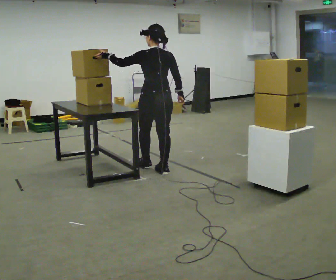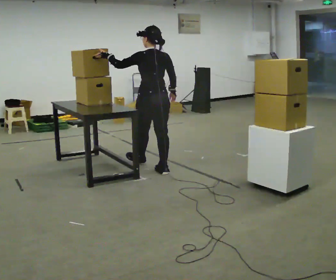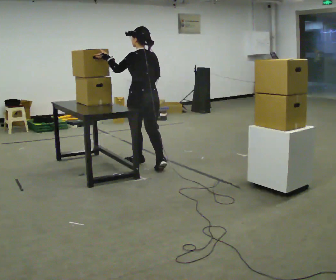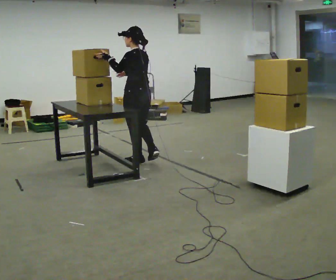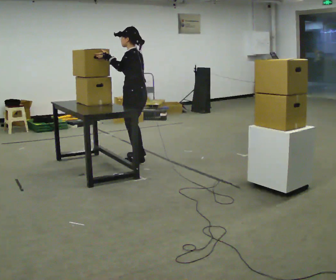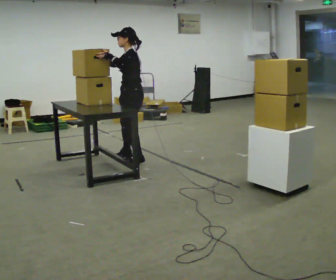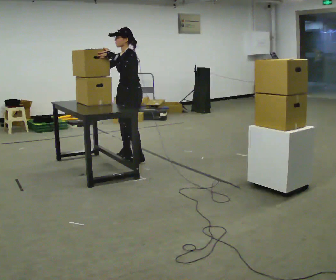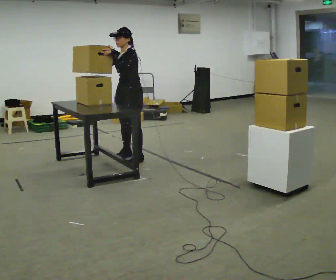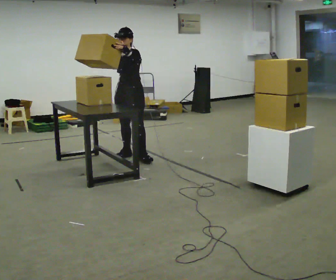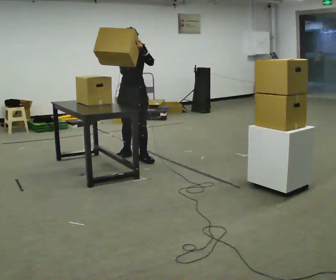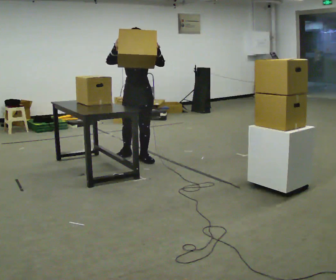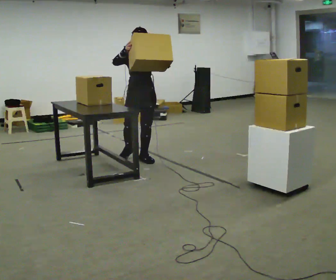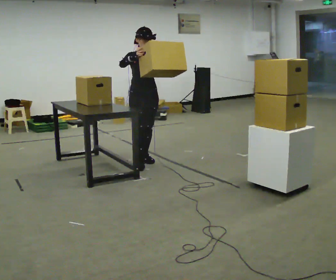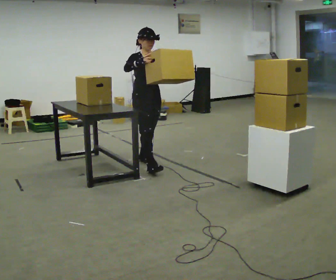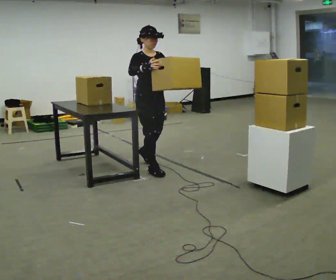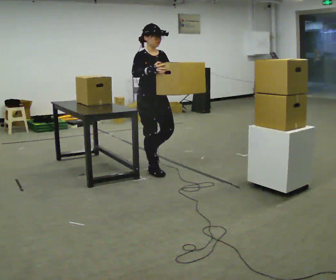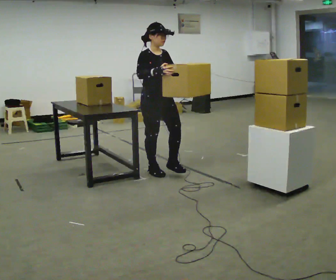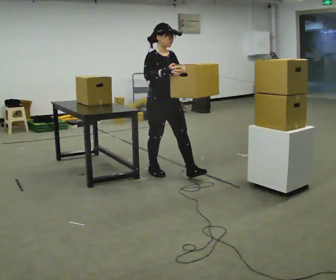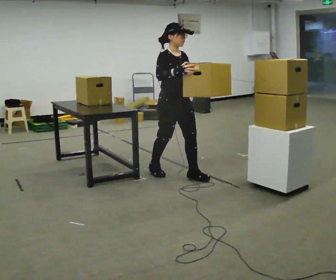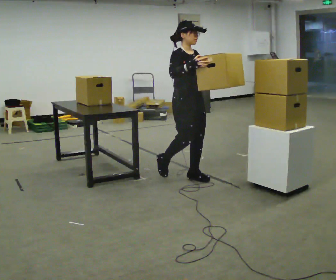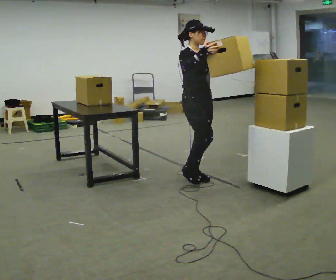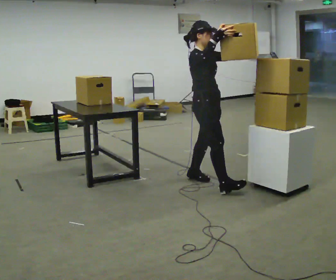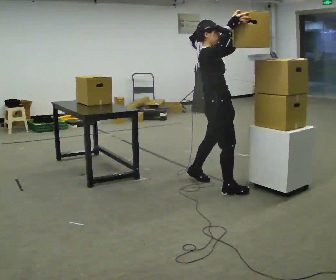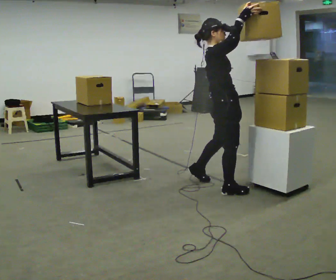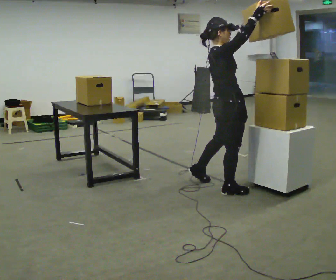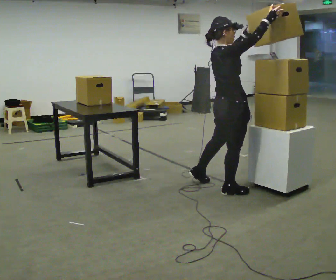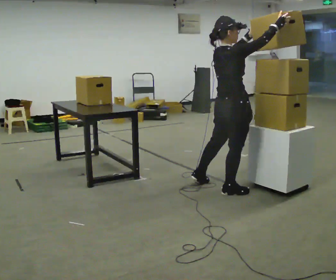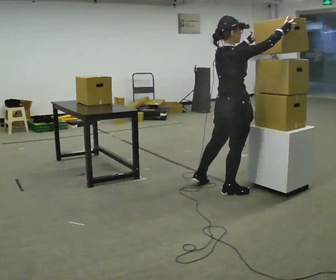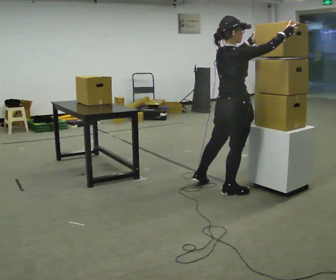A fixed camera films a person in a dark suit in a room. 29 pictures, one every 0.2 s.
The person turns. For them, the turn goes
to their left.
The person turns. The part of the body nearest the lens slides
to the right.
0.0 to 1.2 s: Seen from above the body turns counterclockwise, about 105 degrees: to their left, with its near side sliding to the right. In the picture they go away from the camera and to the left, about 0.75 m in 2 steps. In the picture their right hand goes upward.
1.2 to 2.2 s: Seen from above the body turns counterclockwise, about 75 degrees: to their left, with its near side sliding to the right. In the picture their right hand goes to the right.
2.2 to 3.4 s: The person turns about 30 degrees to their left, counterclockwise seen from above, so the part of the body nearest the lens slides to the right. In the picture they go toward the camera, about 0.5 m in 1 step, which for them is forward.
3.4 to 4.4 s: Seen from above the body turns counterclockwise, about 30 degrees: to their left, with its near side sliding to the right. In the picture they go to the right and toward the camera, about 0.75 m in 2 steps, which for them is forward. In the picture their right hand goes upward.
4.4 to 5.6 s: The part of the body nearest the lens slides to the right as the person turns to their left by about 45 degrees. In the picture they go toward the camera, about 0.25 m, which for them is to their right. In the picture their right hand goes to the right.
The film runs forward here.
